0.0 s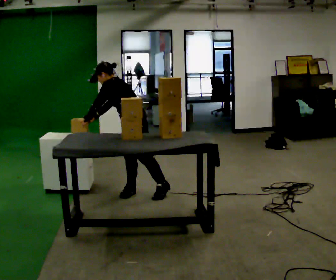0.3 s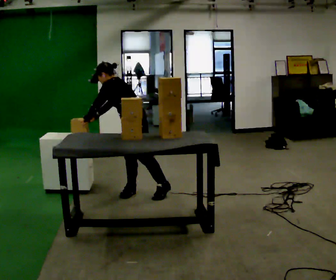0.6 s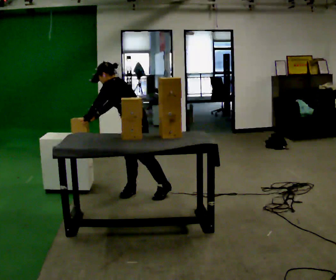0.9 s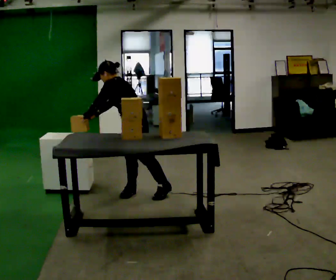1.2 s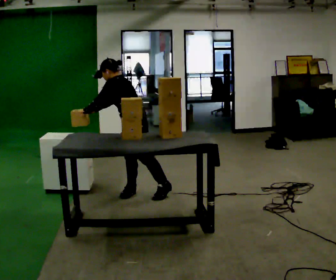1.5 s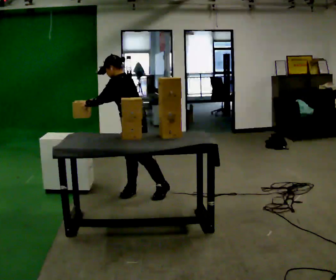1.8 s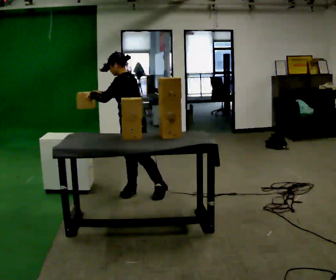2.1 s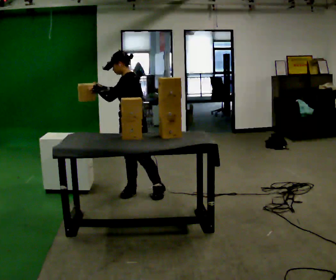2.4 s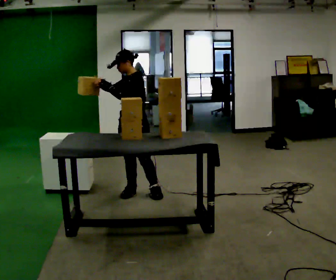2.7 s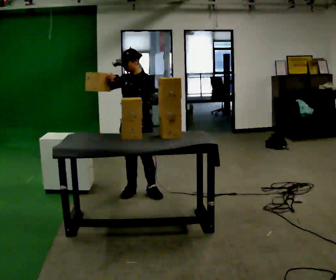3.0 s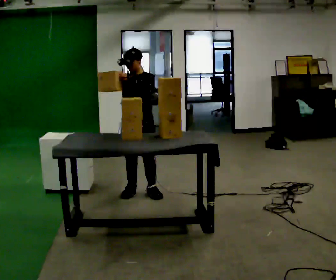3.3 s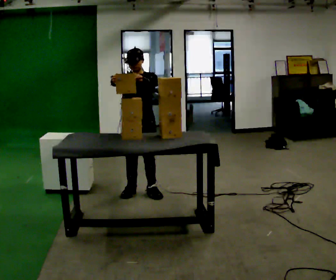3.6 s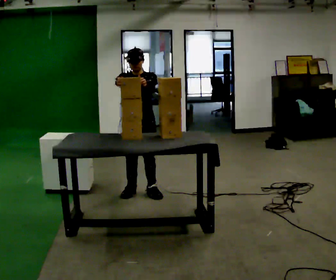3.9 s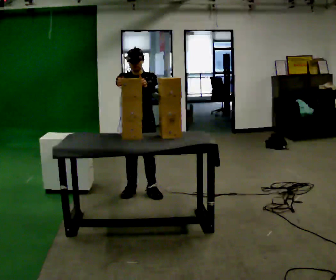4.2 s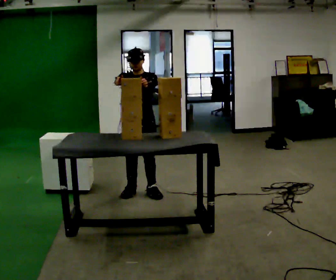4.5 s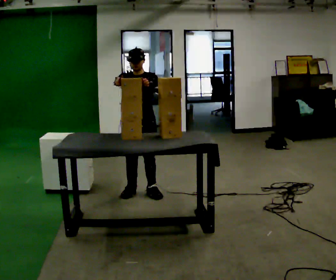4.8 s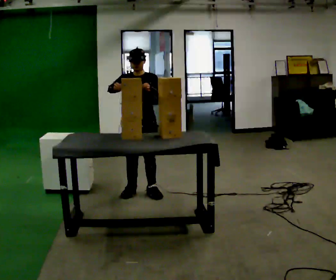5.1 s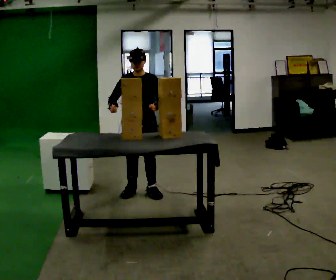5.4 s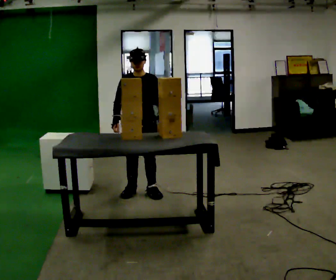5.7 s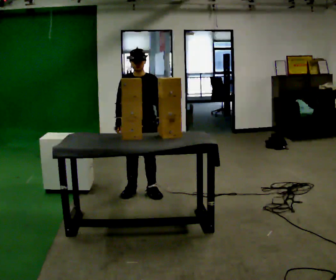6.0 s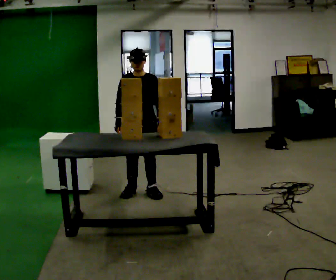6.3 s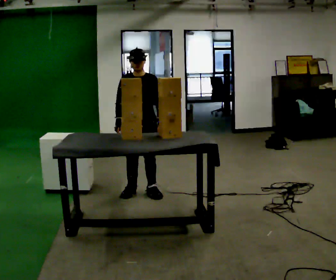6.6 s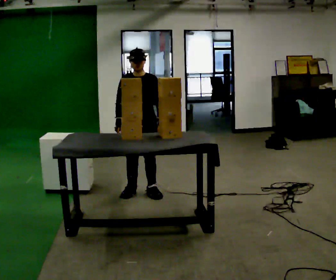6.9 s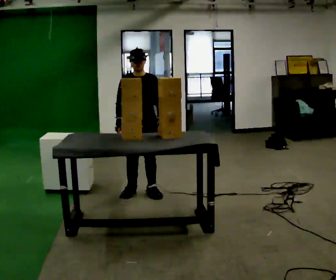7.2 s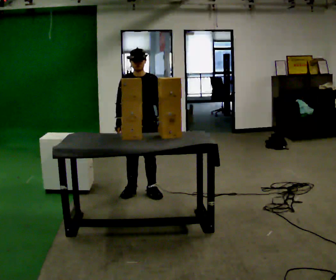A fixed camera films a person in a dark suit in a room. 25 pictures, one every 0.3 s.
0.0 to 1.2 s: The person moves a little, or ends about where they began.
1.2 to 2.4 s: The person turns about 30 degrees to their left, counterclockwise seen from above, so the part of the body nearest the lens slides to the right. In the picture the upper body tilts clockwise, shoulders to the right, as they lean back or straighten.
2.4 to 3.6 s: The person turns about 60 degrees to their left, counterclockwise seen from above, so the part of the body nearest the lens slides to the right.
3.6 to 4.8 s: The person moves a little, or ends about where they began.
4.8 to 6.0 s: In the picture their left hand goes downward.
6.0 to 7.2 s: The person keeps their place and pose.
The film runs backward here.
